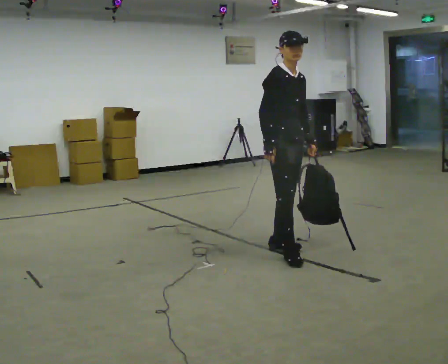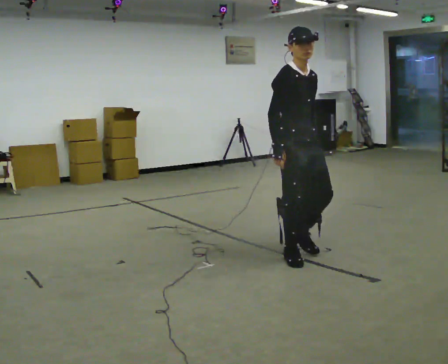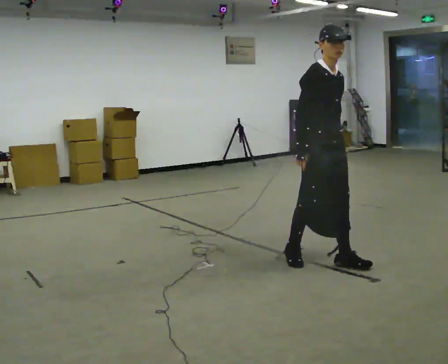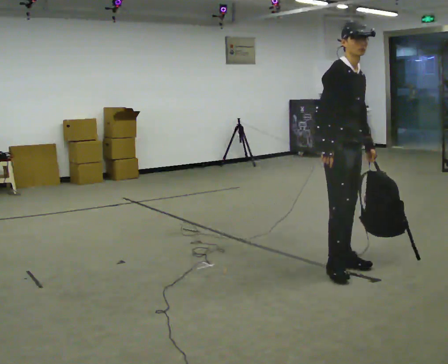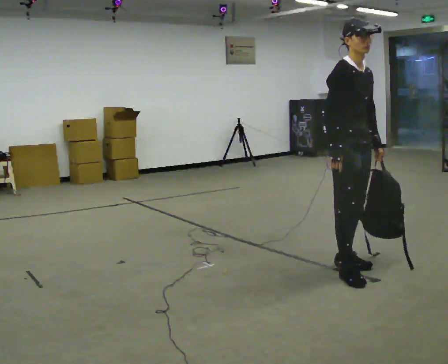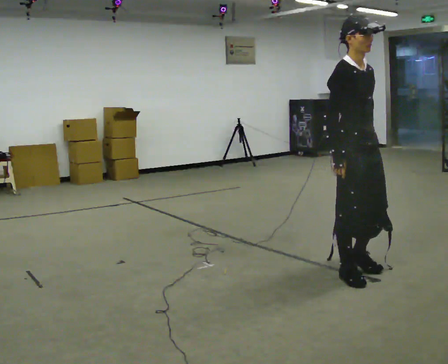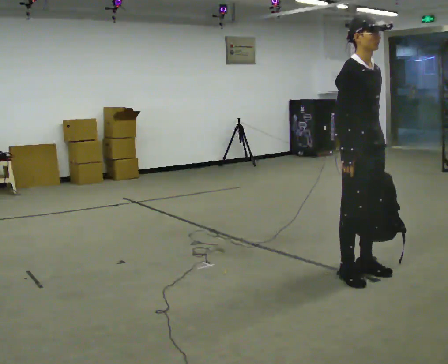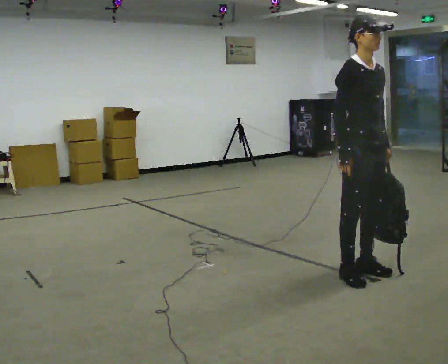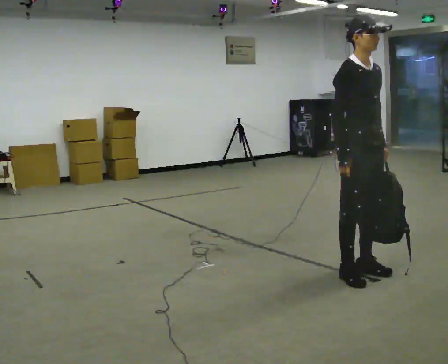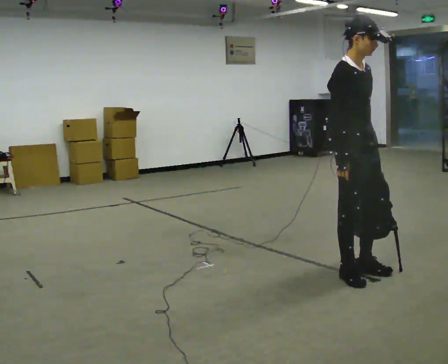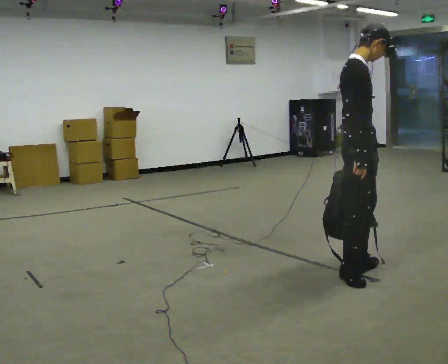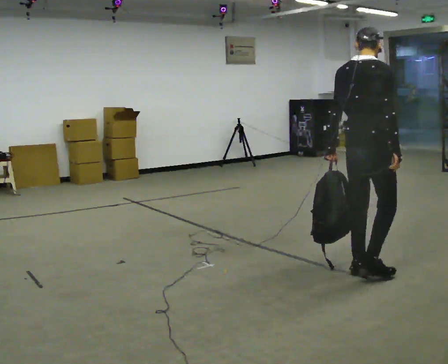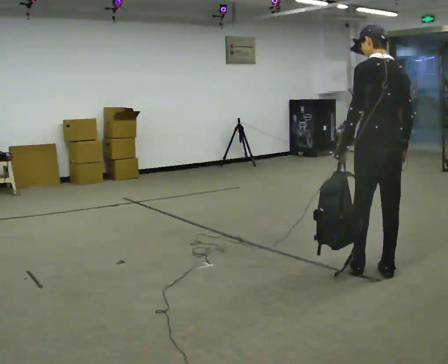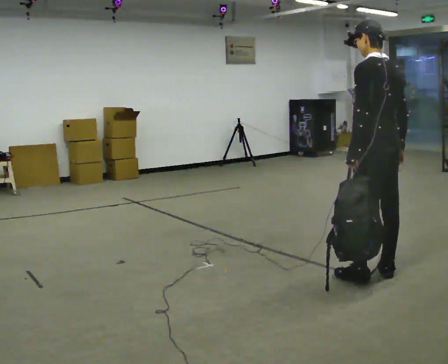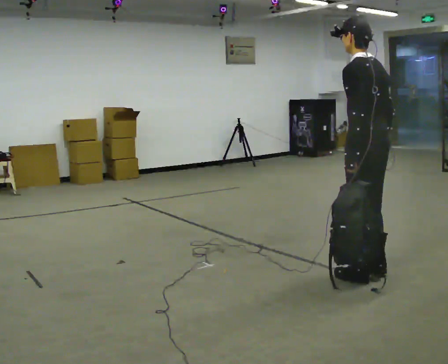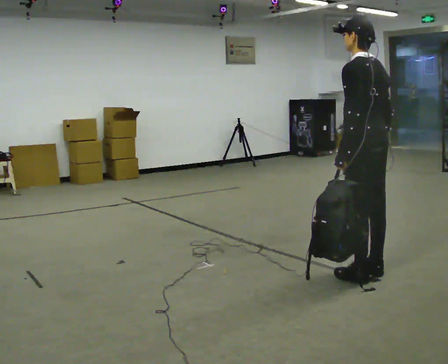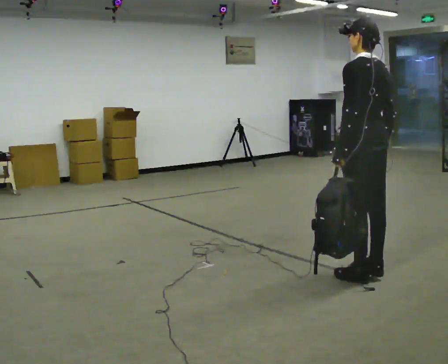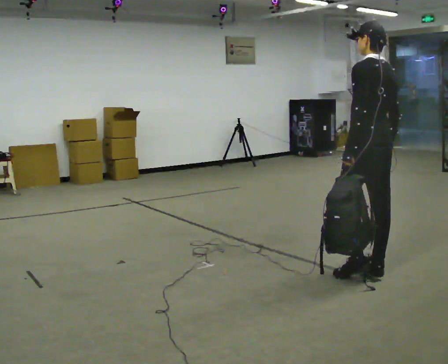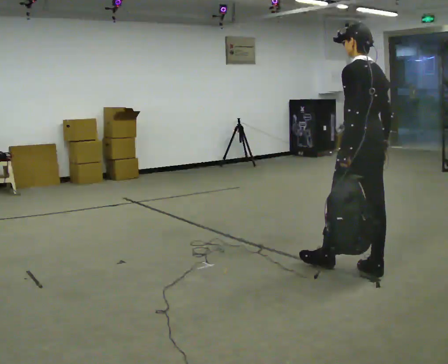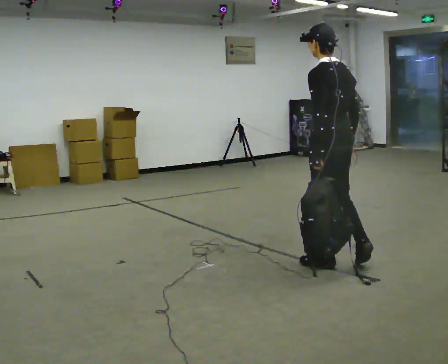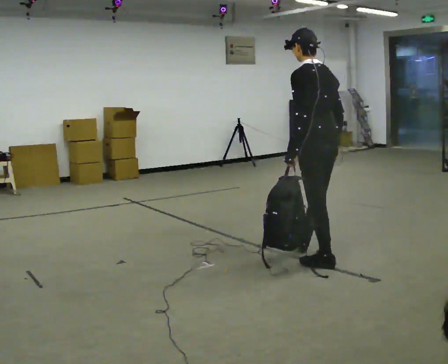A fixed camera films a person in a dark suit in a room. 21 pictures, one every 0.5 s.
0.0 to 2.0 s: In the picture they go to the right and toward the camera, about 0.75 m in 2 steps, which for them is forward.
2.0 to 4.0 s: The person moves a little, or ends about where they began.
4.0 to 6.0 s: The part of the body nearest the lens slides to the right as the person turns to their left by about 150 degrees. In the picture they go to the right, about 0.25 m in 1 step.
6.0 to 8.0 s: The person moves a little, or ends about where they began.
8.0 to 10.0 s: In the picture they go to the left and away from the camera, about 0.5 m in 1 step, which for them is forward.
The film runs forward here.
